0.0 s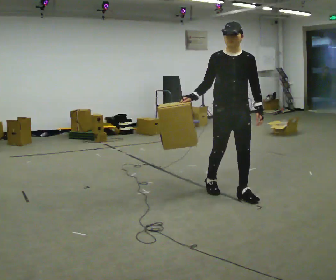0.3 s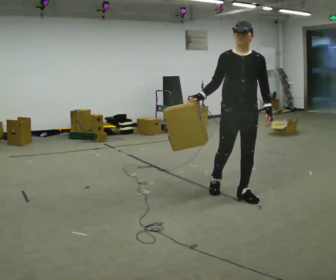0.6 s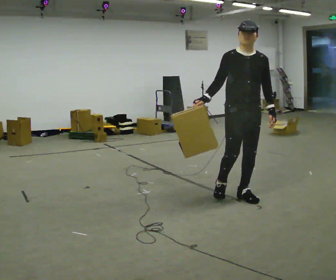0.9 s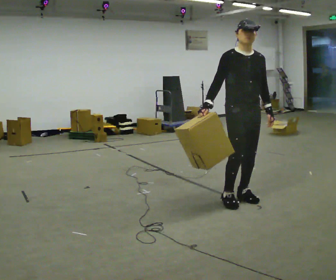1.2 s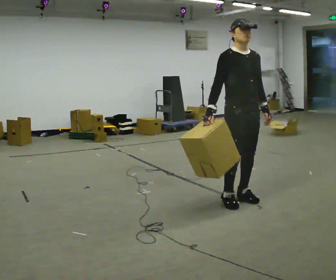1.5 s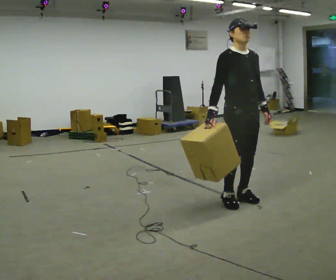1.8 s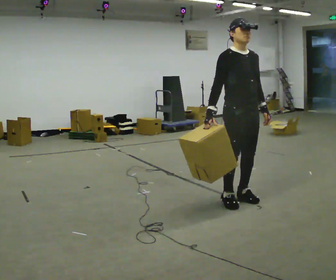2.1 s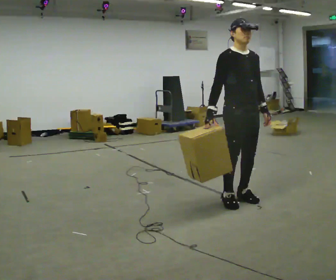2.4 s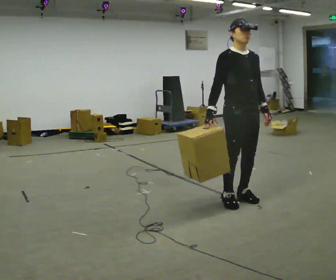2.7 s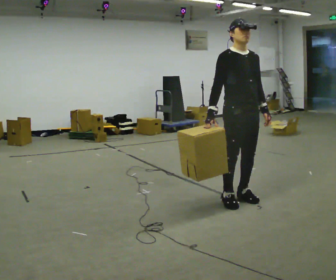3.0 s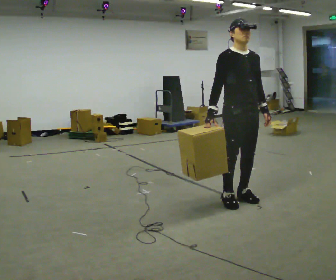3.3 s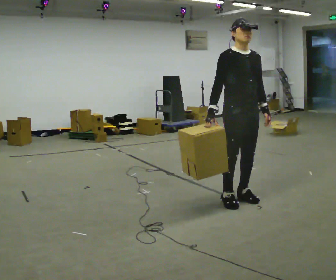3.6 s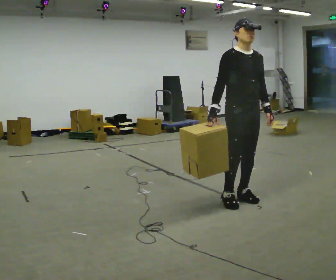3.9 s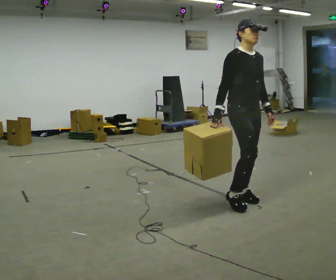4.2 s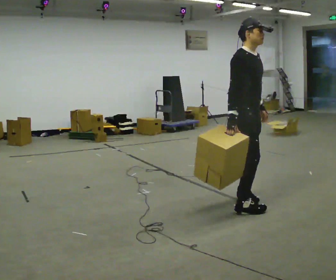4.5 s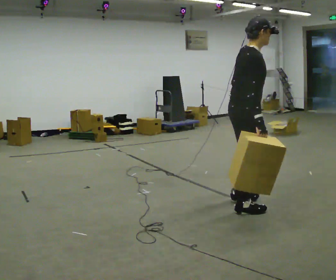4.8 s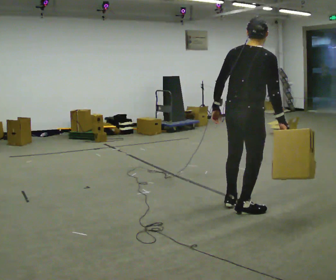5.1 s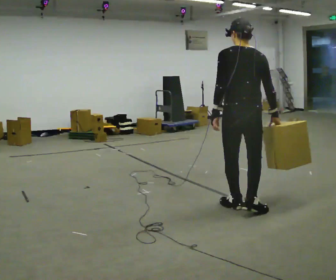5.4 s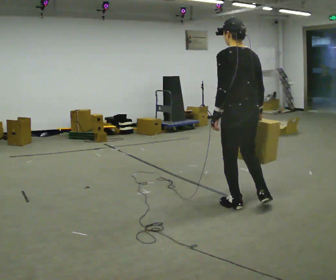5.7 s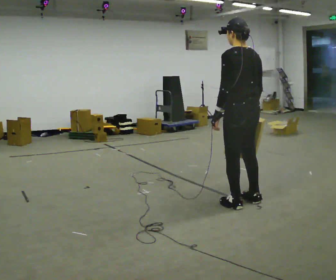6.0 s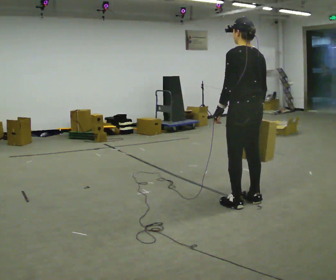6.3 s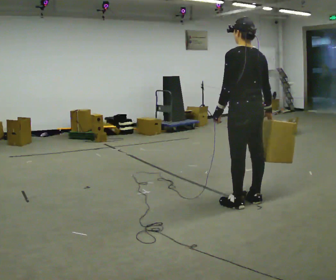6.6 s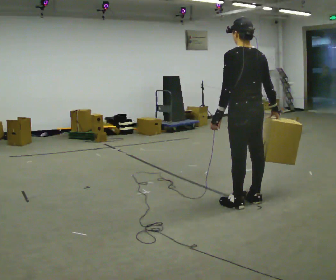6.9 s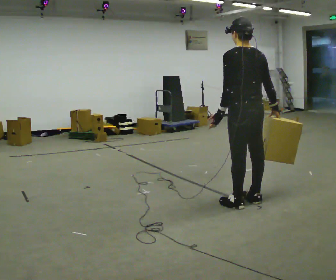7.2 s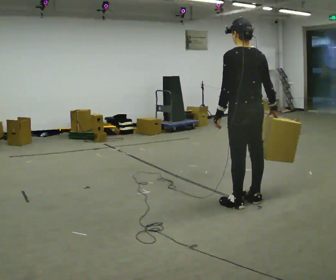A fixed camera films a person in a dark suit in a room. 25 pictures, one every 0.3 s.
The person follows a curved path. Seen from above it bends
counterclockwise.
The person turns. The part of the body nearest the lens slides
to the right.
0.0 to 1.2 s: Seen from above the body turns counterclockwise, about 30 degrees: to their left, with its near side sliding to the right. In the picture they go toward the camera, about 0.25 m in 1 step, which for them is forward.
1.2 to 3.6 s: The person moves a little, or ends about where they began.
3.6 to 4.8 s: Seen from above the body turns counterclockwise, about 120 degrees: to their left, with its near side sliding to the right. In the picture they go toward the camera, about 0.25 m in 1 step.
4.8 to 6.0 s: The person turns about 60 degrees to their left, counterclockwise seen from above, so the part of the body nearest the lens slides to the right. In the picture they go away from the camera, about 0.25 m in 2 steps.
6.0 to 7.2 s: The person moves a little, or ends about where they began.
The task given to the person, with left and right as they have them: Carry the object in the hand the operator calls, down at your side, walking back and forth across the room.
The film runs forward here.
